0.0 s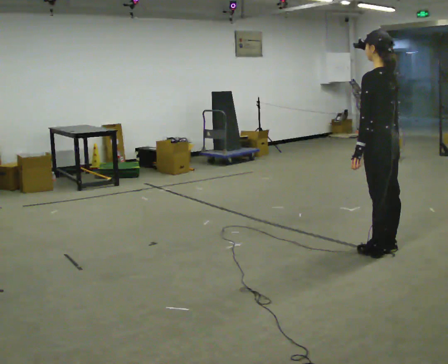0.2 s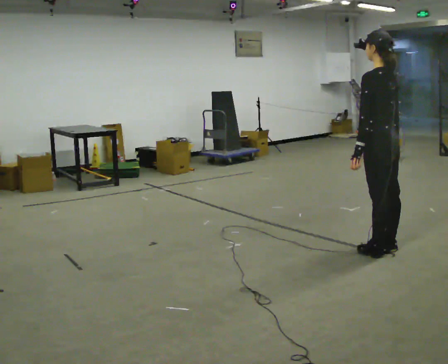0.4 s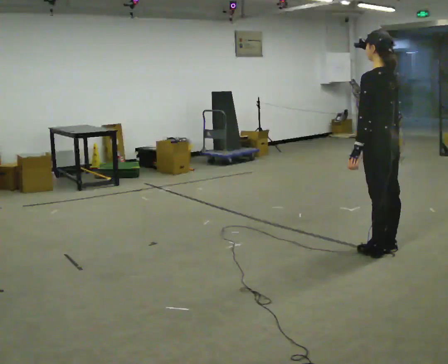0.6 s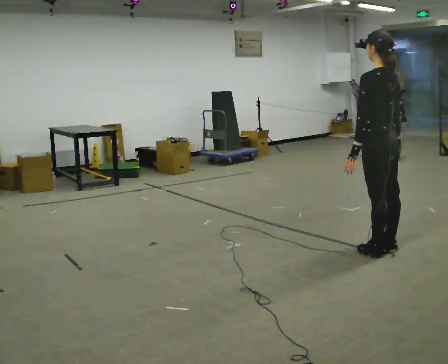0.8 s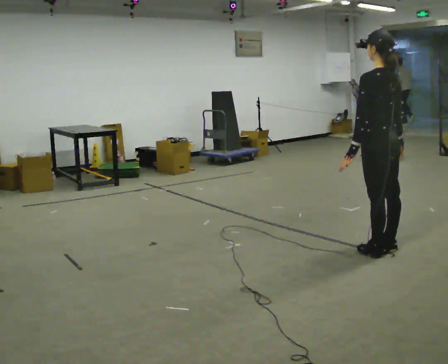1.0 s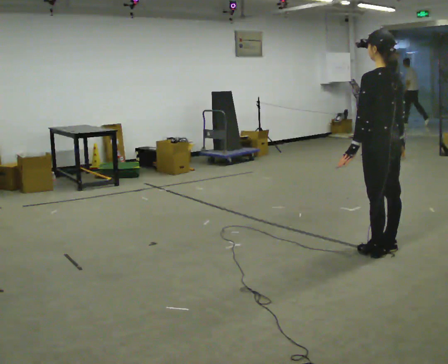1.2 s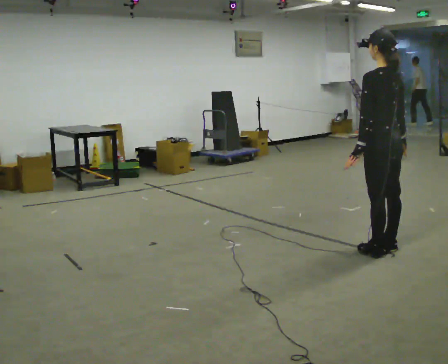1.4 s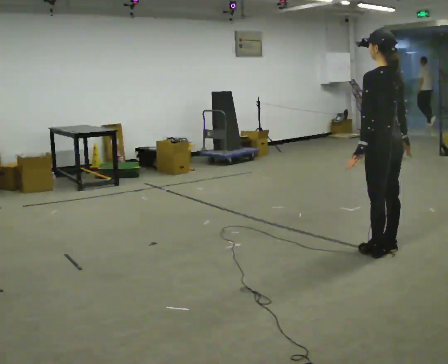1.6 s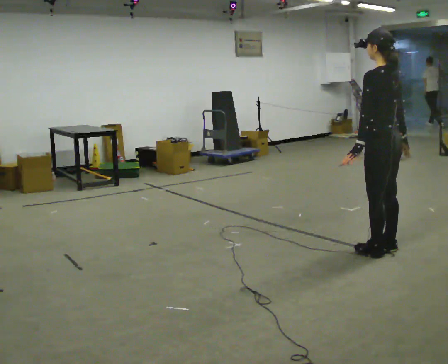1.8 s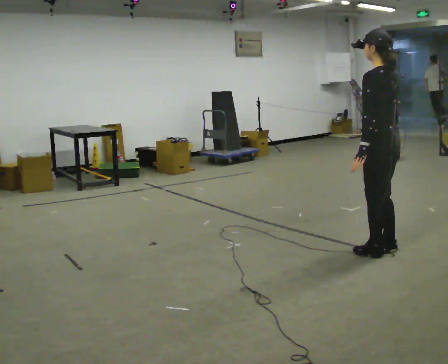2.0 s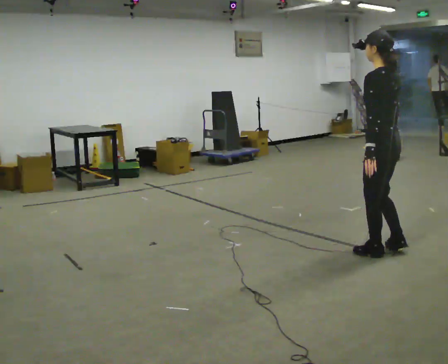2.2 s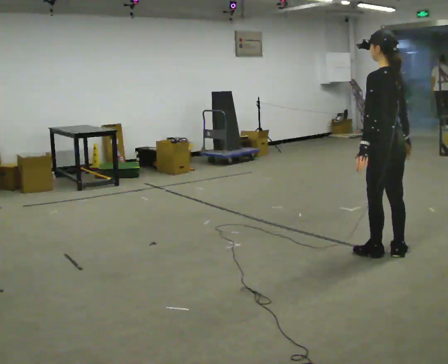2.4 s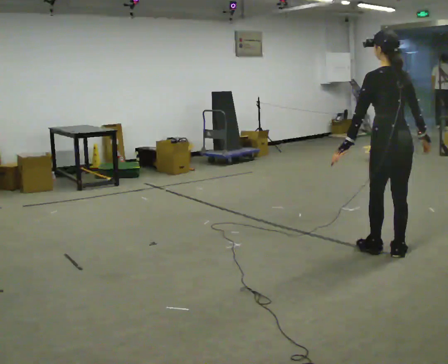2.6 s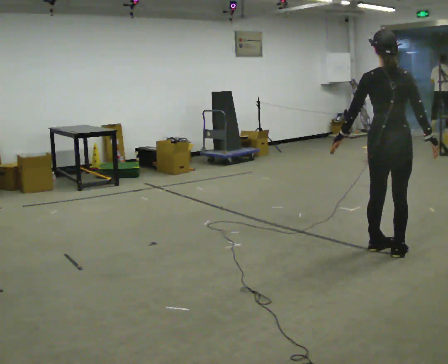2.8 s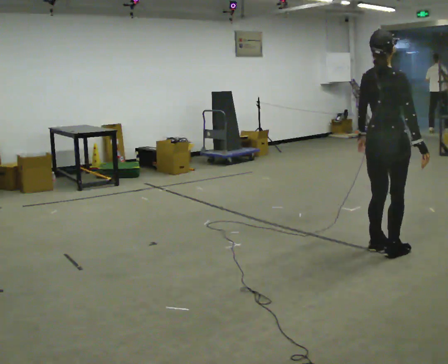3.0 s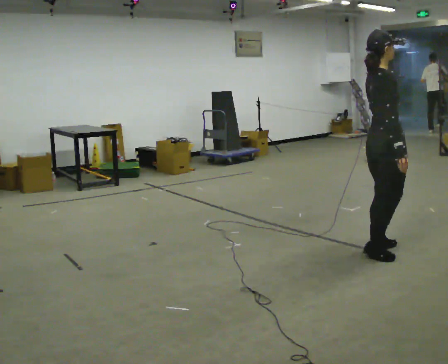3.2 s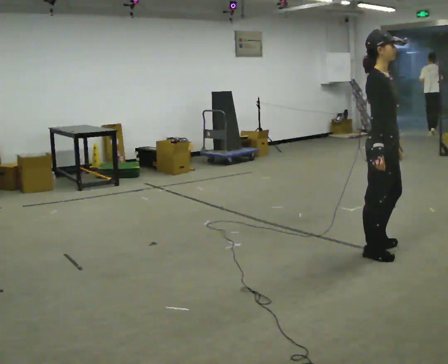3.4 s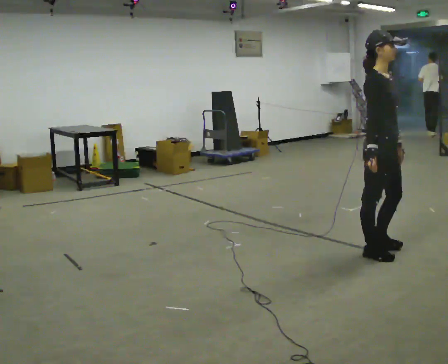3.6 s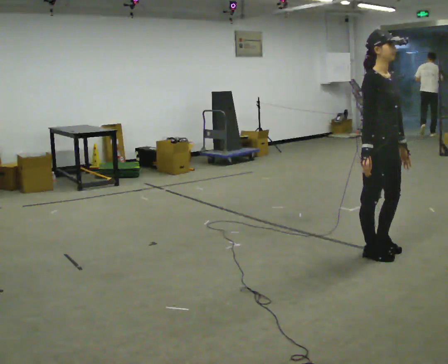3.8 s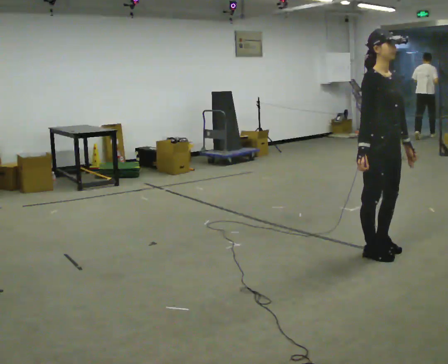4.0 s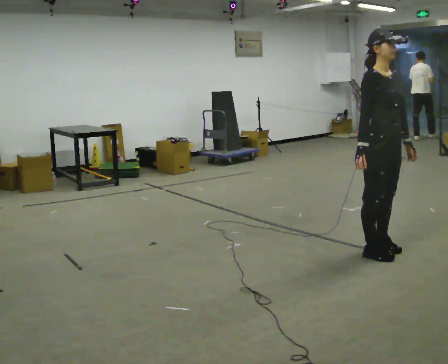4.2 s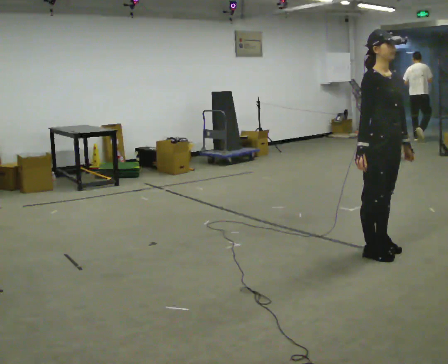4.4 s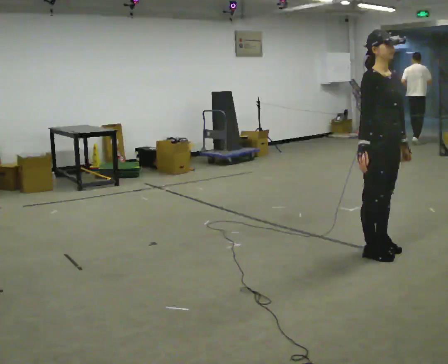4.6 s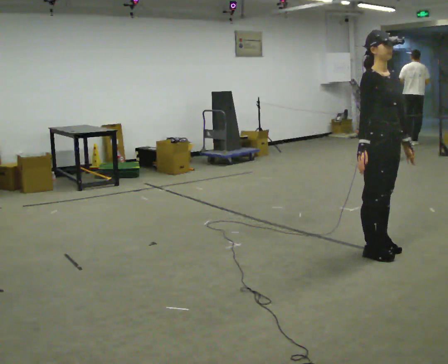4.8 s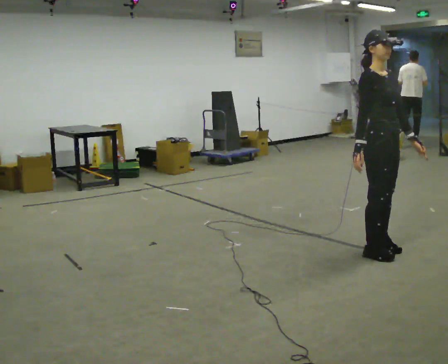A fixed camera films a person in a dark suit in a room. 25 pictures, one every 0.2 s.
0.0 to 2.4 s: The person moves a little, or ends about where they began.
2.4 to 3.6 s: The part of the body nearest the lens slides to the left as the person turns to their right by about 150 degrees. In the picture their right hand goes to the left.
3.6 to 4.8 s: The person moves a little, or ends about where they began.
The film runs backward here.
